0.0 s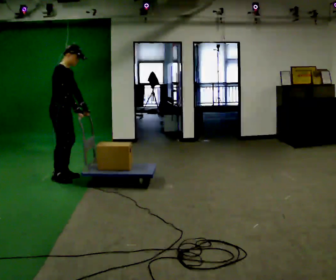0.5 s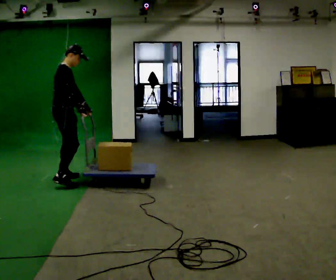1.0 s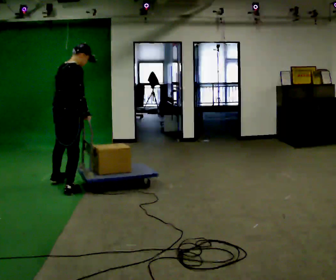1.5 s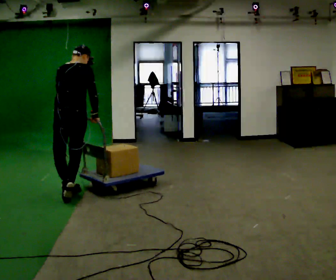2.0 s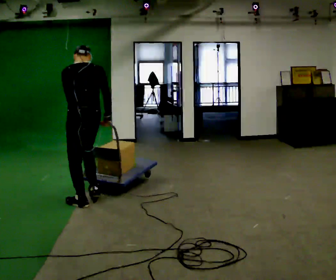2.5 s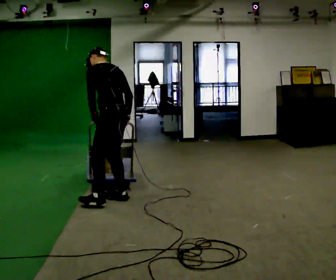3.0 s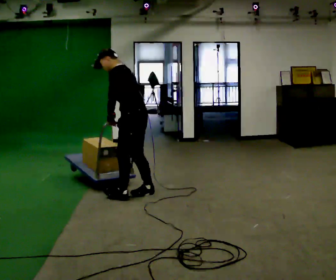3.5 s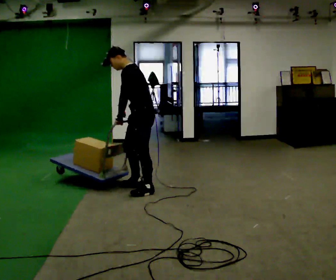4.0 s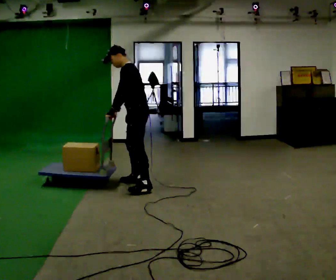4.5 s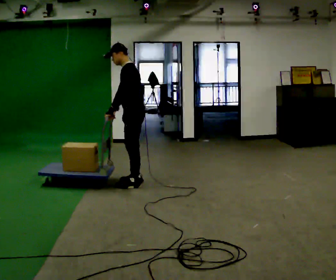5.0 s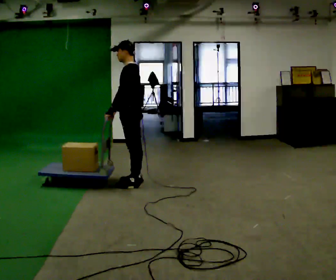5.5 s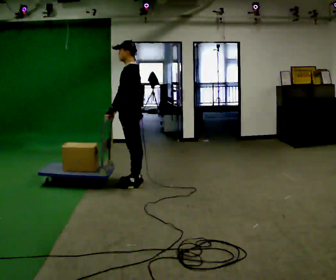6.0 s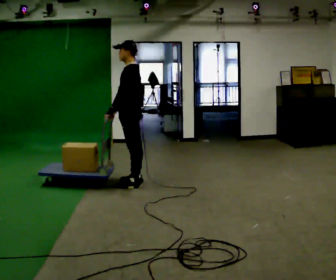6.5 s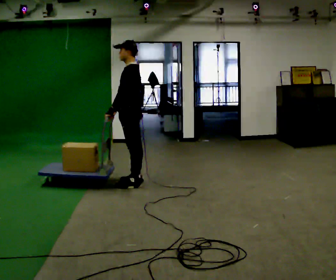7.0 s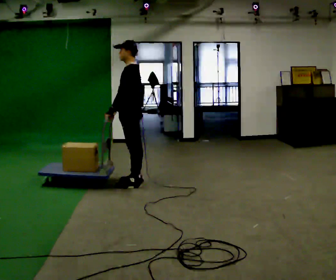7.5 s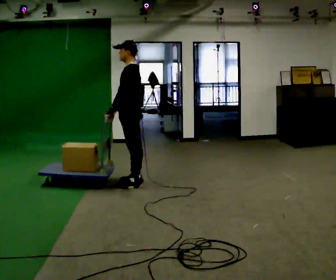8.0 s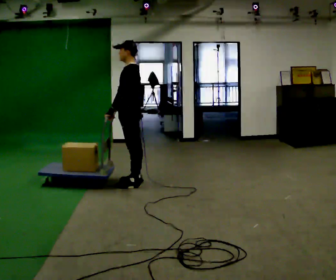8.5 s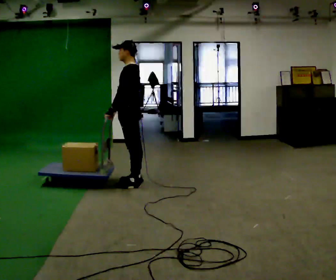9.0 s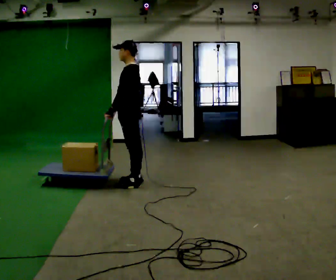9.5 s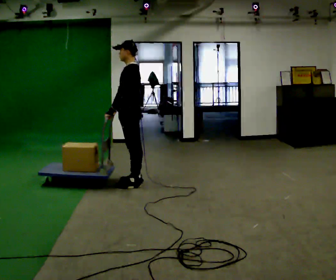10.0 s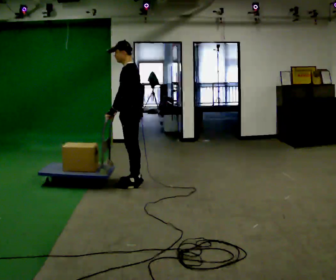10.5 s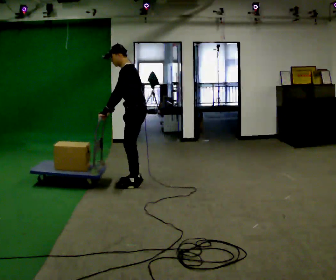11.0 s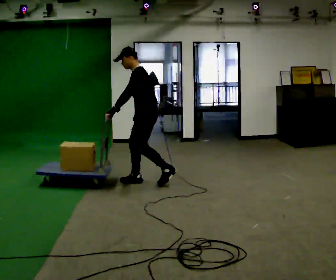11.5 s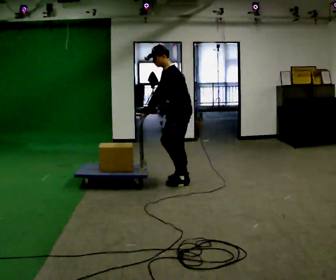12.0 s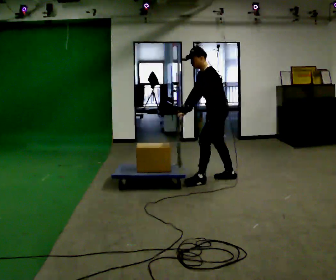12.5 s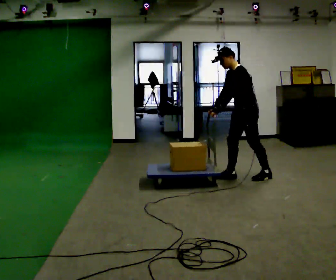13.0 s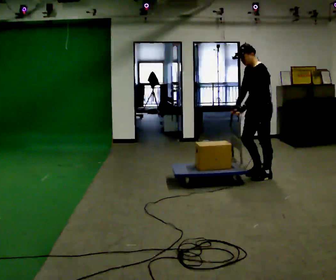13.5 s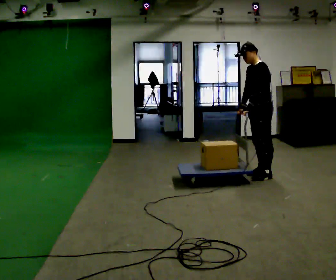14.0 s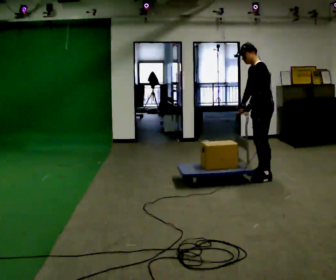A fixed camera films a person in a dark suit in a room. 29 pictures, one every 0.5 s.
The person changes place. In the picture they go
to the right.
0.0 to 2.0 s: The person turns about 120 degrees to their left, counterclockwise seen from above, so the part of the body nearest the lens slides to the right. In the picture they go toward the camera and to the right, about 1 m in 3 steps.
2.0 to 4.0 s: The part of the body nearest the lens slides to the right as the person turns to their left by about 60 degrees. In the picture they go away from the camera and to the right, about 1 m in 3 steps.
4.0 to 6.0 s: In the picture the upper body tilts clockwise, shoulders to the right, as they lean back or straighten.
6.0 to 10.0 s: The person keeps their place and pose.
10.0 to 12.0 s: In the picture they go to the right, about 1 m in 3 steps, which for them is backward.
12.0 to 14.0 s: In the picture they go to the right, about 0.5 m in 2 steps, which for them is backward.
The film runs backward here.
